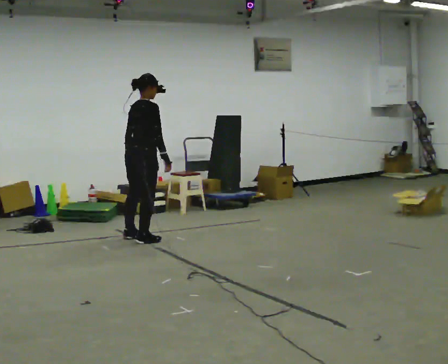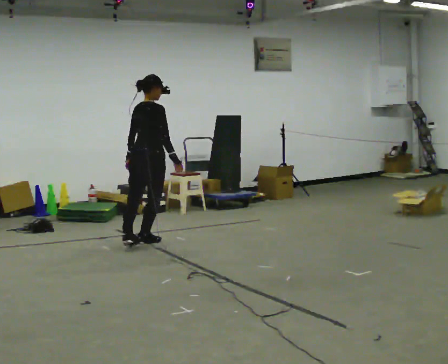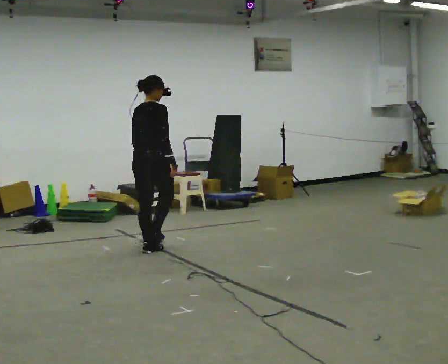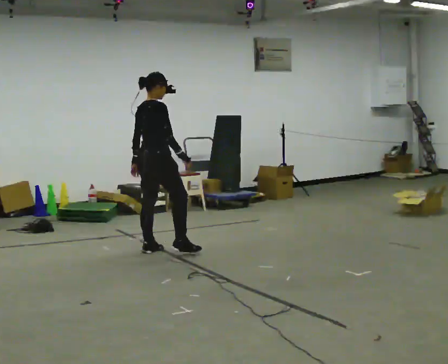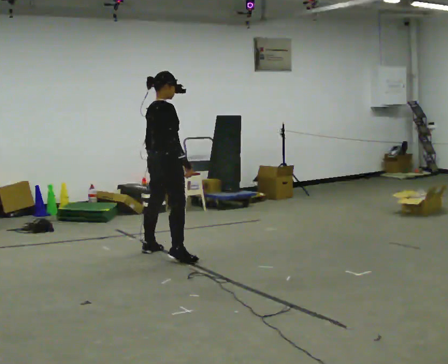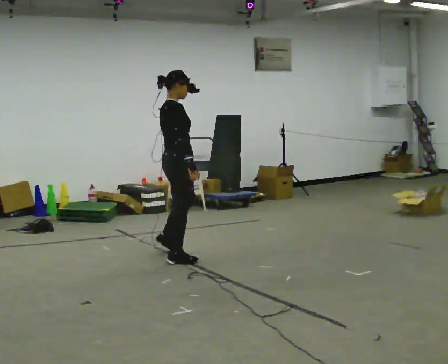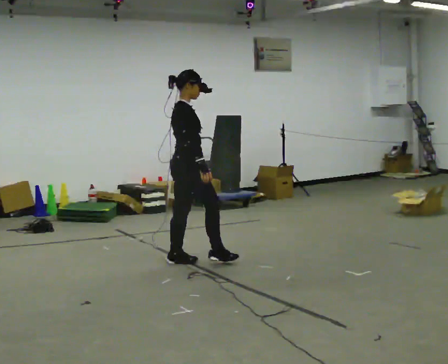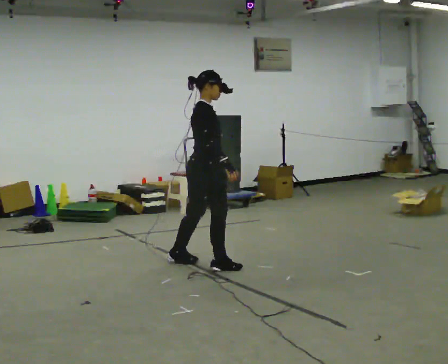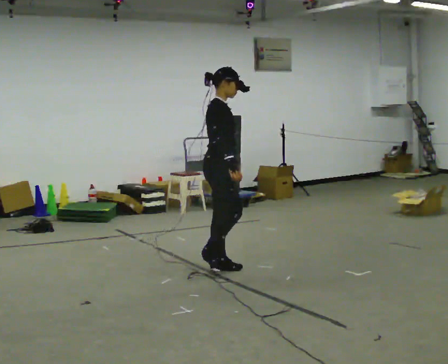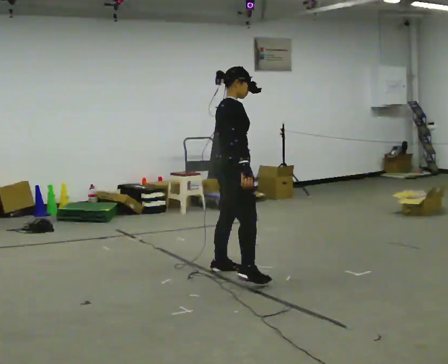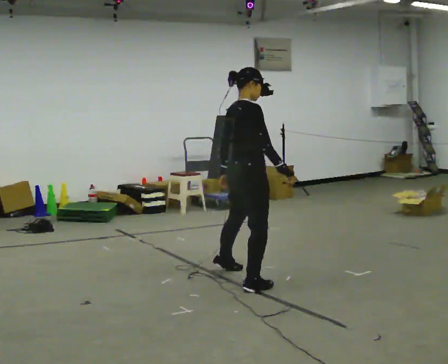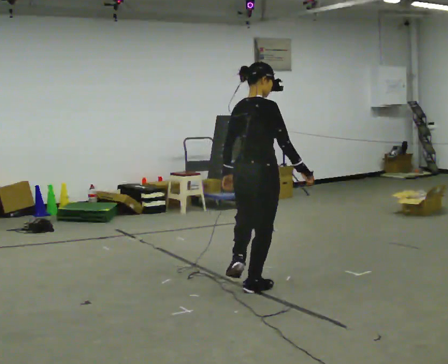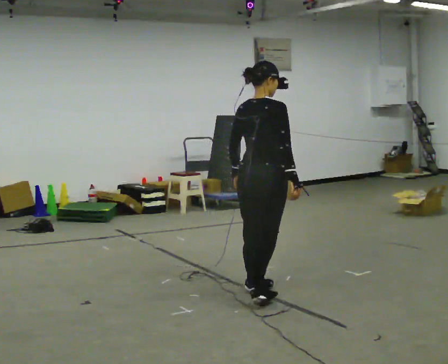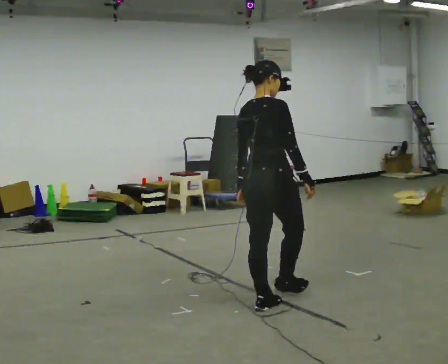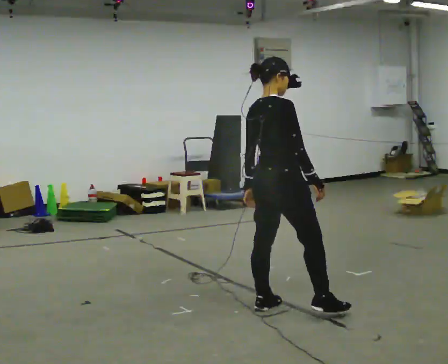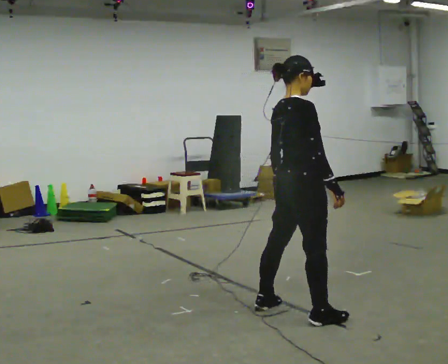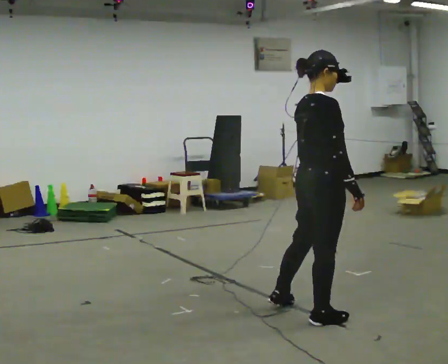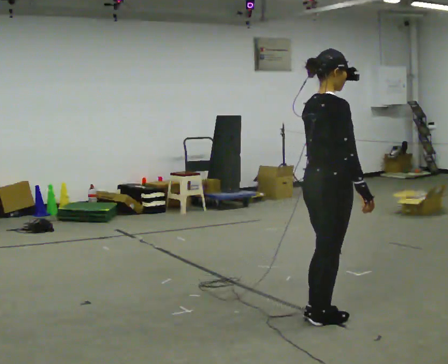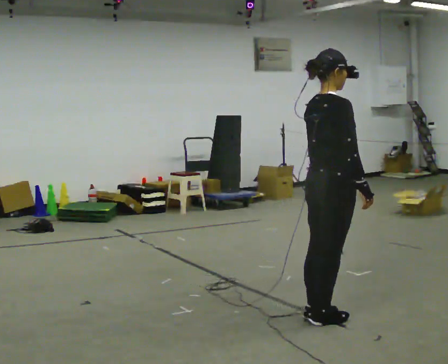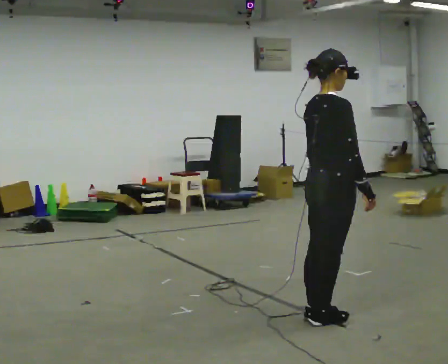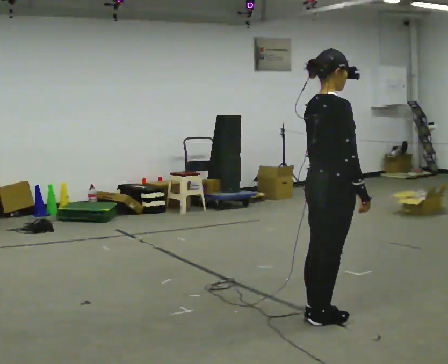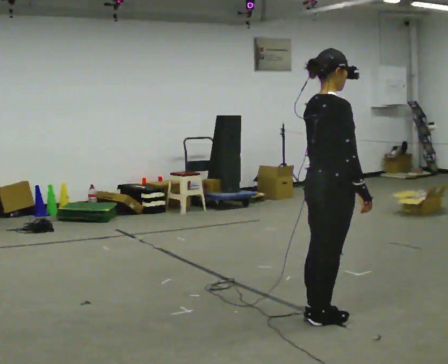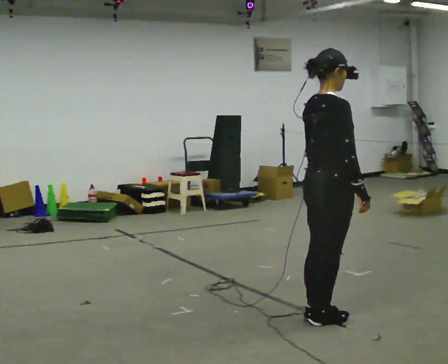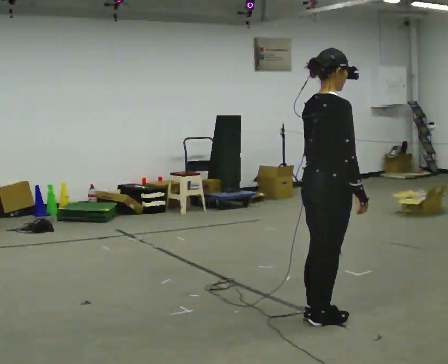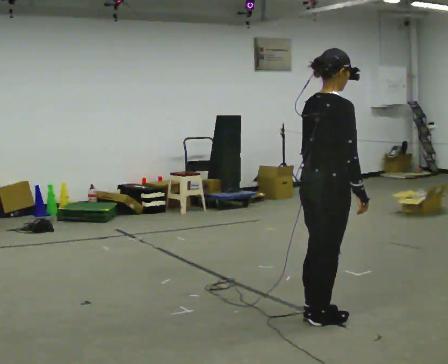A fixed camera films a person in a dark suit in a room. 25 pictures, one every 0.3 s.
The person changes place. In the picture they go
toward the camera.
0.0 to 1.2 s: In the picture they go toward the camera and to the right, about 0.5 m in 2 steps, which for them is to their right and backward.
1.2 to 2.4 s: The part of the body nearest the lens slides to the left as the person turns to their right by about 30 degrees. In the picture they go to the right and toward the camera, about 0.75 m in 1 step, which for them is to their right and forward.
2.4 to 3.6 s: Seen from above the body turns counterclockwise, about 75 degrees: to their left, with its near side sliding to the right. In the picture they go toward the camera and to the right, about 1 m in 1 step.
3.6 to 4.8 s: The part of the body nearest the lens slides to the left as the person turns to their right by about 45 degrees. In the picture they go toward the camera and to the right, about 0.5 m in 2 steps, which for them is to their right.
4.8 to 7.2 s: The person moves a little, or ends about where they began.
The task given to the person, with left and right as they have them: Move sideways in the direction the operator calls, crossing one foot in front and then behind, alternating.
The film runs forward here.
